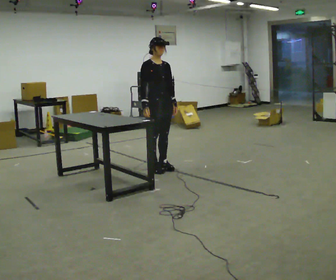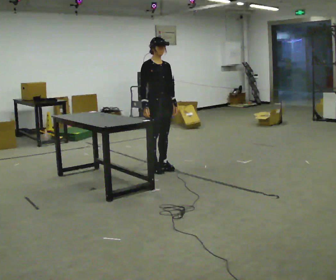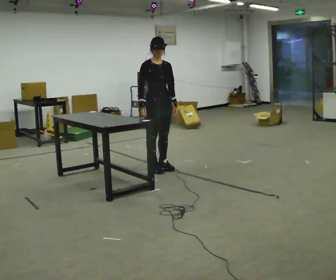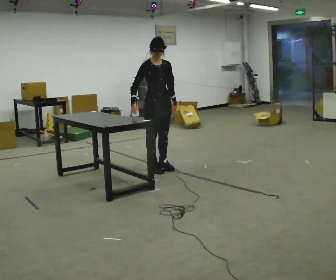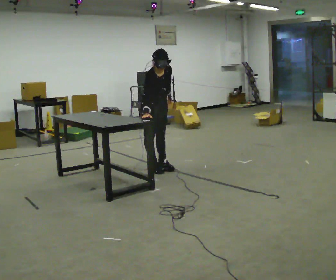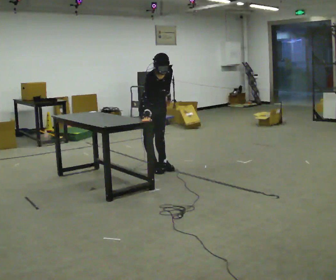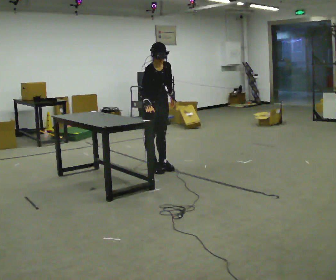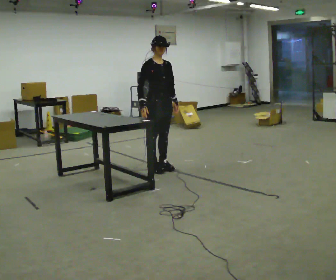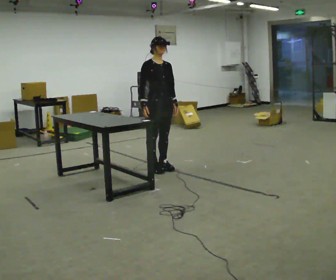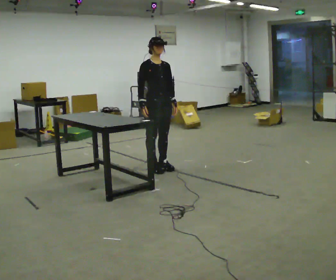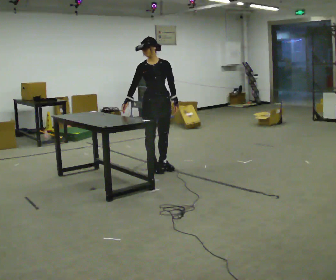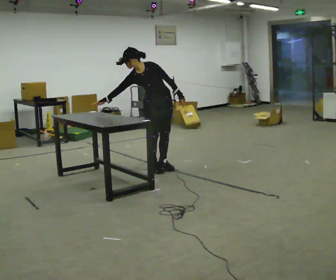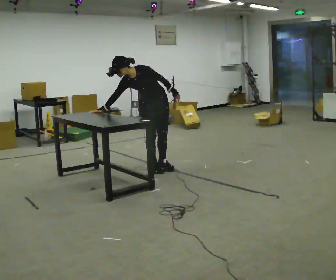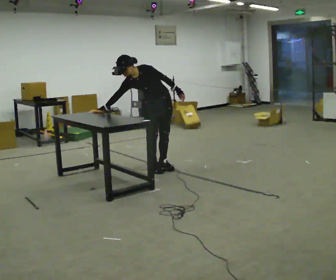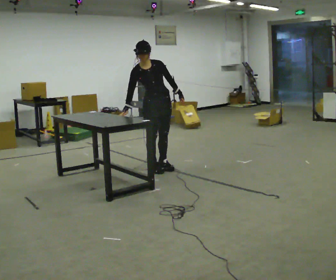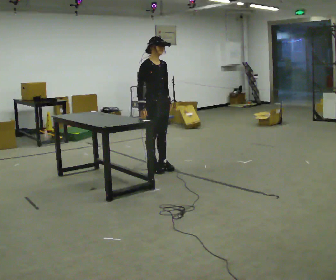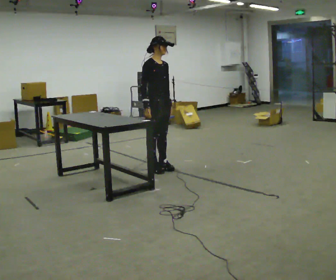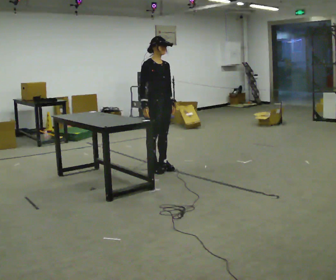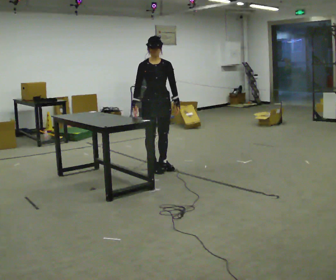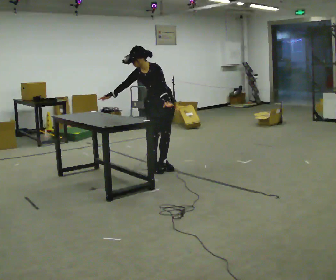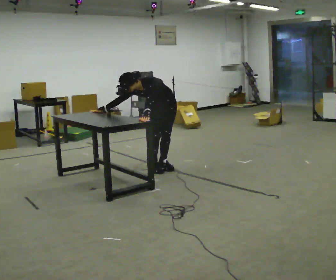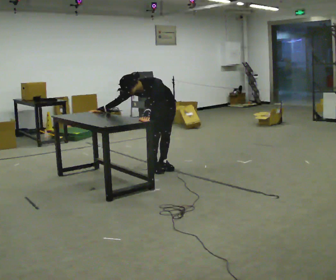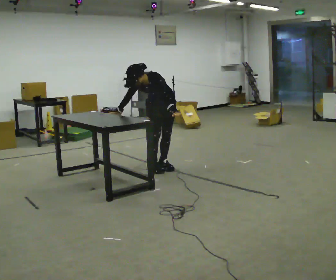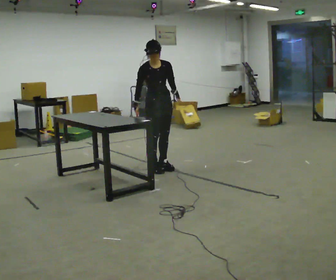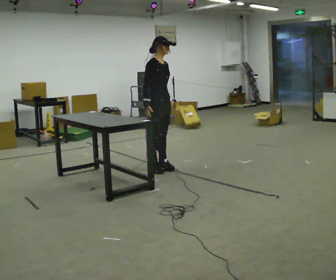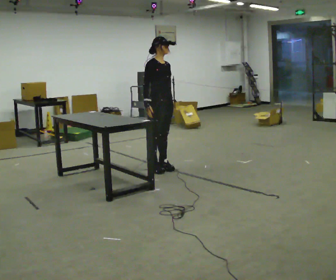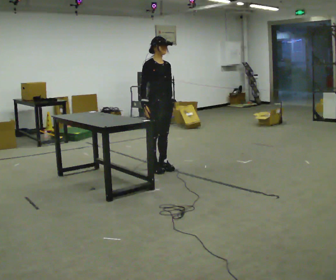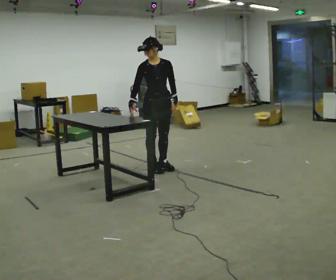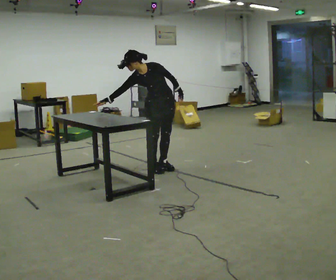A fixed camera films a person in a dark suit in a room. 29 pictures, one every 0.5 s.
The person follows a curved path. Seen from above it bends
clockwise.
0.0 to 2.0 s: The upper body tips toward the camera, its near side rolling downward, as they bend forward.
2.0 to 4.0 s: The upper body tips away from the camera, its near side rolling upward, as they lean back or straighten.
4.0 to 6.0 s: The part of the body nearest the lens slides to the left as the person turns to their right by about 45 degrees. In the picture the upper body tilts counterclockwise, shoulders to the left, as they bend forward. In the picture their right hand goes to the left.
6.0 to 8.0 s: The person turns about 60 degrees to their left, counterclockwise seen from above, so the part of the body nearest the lens slides to the right. In the picture the upper body tilts clockwise, shoulders to the right, as they lean back or straighten. In the picture their right hand goes to the right.
8.0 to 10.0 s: The person turns about 75 degrees to their right, clockwise seen from above, so the part of the body nearest the lens slides to the left. The shoulders move downward. The upper body tips toward the camera, its near side rolling downward, as they bend forward.
10.0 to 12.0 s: Seen from above the body turns counterclockwise, about 75 degrees: to their left, with its near side sliding to the right. The upper body goes upward. The upper body tips away from the camera, its near side rolling upward, as they lean back or straighten.
12.0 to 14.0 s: The person turns about 75 degrees to their right, clockwise seen from above, so the part of the body nearest the lens slides to the left. In the picture the upper body tilts counterclockwise, shoulders to the left, as they bend forward. In the picture their right hand goes to the left.
The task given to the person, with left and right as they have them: Touch each numbered target to your side and behind you in the order the operator calls, without moving your feet. Keep both feet on the marked spots for the whole take. If you have to step, stop and tell the operator.
The film runs forward here.
